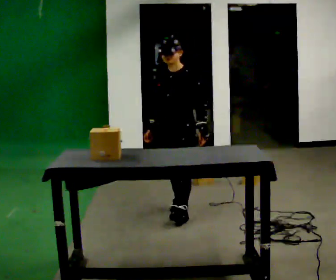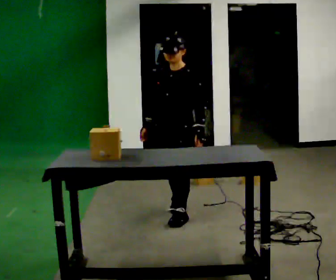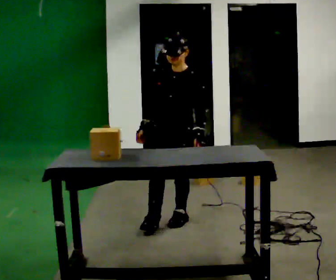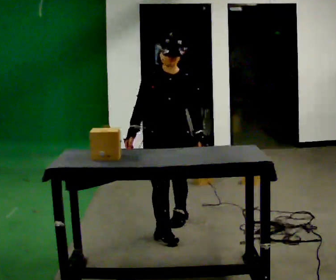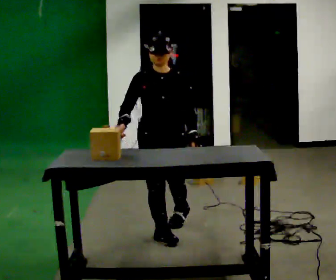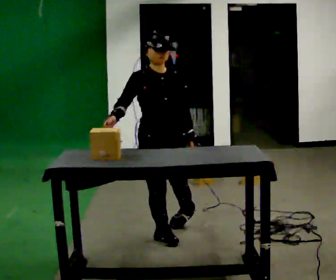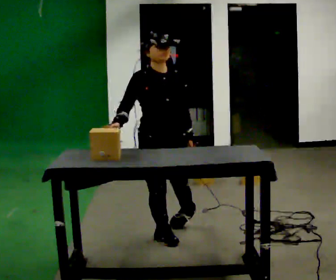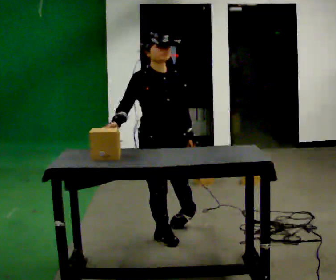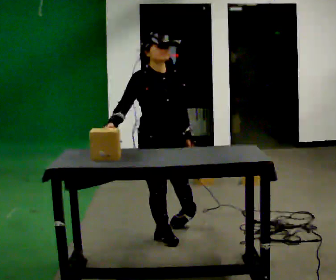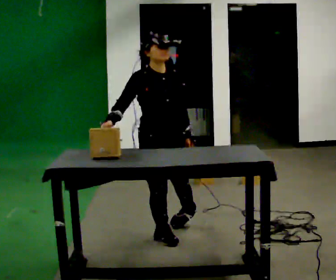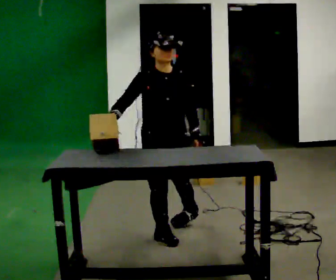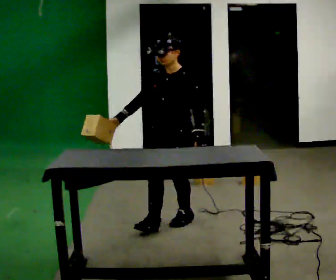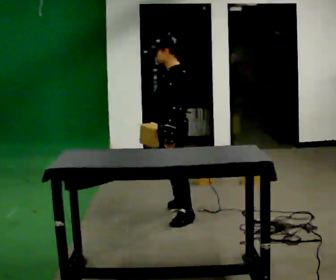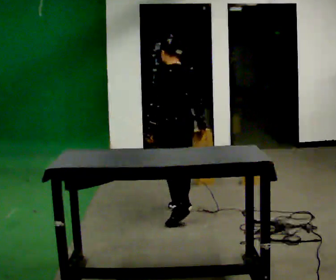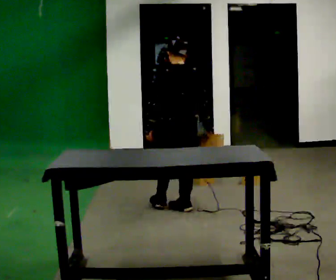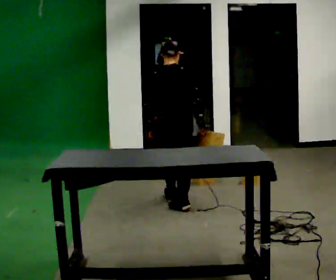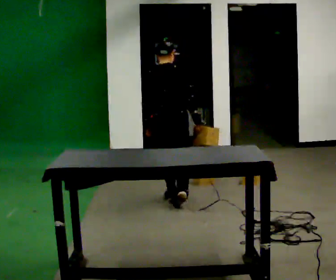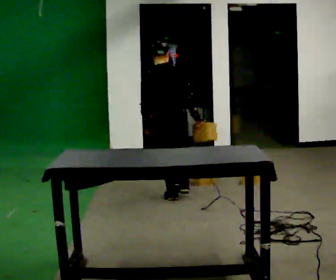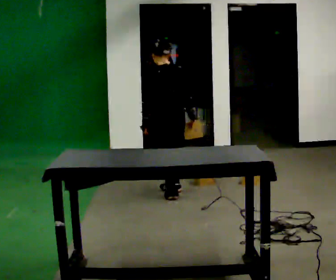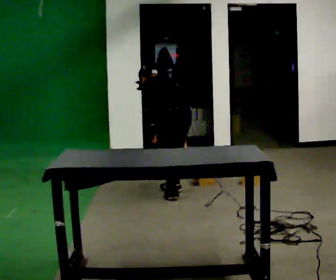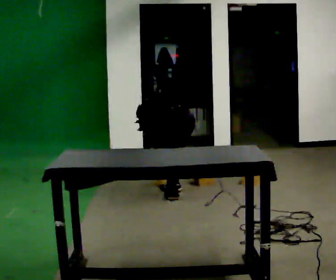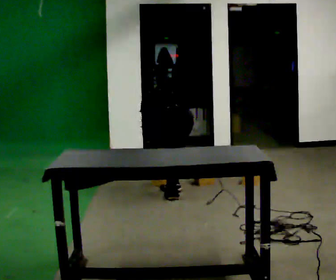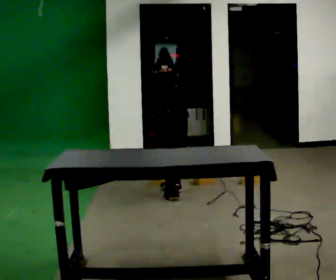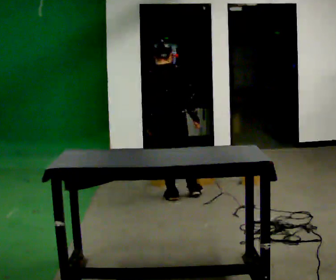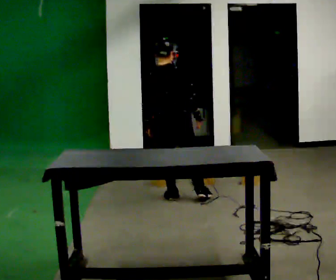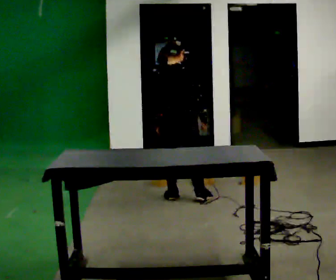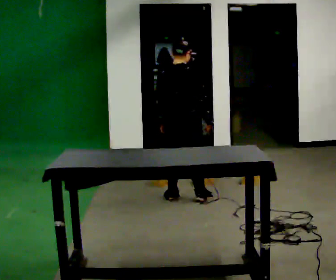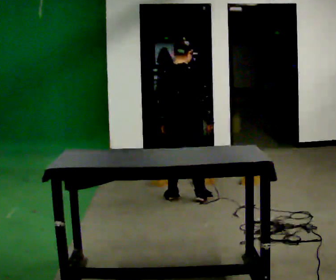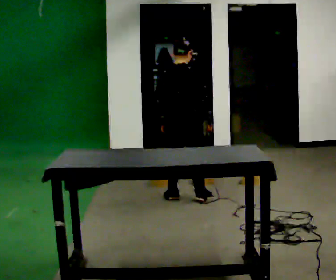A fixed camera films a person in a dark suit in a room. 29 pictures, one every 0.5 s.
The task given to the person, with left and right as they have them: Pick an object up off the floor at one end of the room, carry it across, and place it on the waist-height shelf at the other end. Keep going until the operator says stop; one object at a time, and do not rush between trips.
0.0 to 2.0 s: The part of the body nearest the lens slides to the right as the person turns to their left by about 45 degrees. In the picture they go toward the camera, about 0.75 m in 1 step, which for them is forward.
2.0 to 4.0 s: The person moves a little, or ends about where they began.
4.0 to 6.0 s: Seen from above the body turns clockwise, about 135 degrees: to their right, with its near side sliding to the left. In the picture they go away from the camera, about 0.5 m in 1 step.
6.0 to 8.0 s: Seen from above the body turns clockwise, about 90 degrees: to their right, with its near side sliding to the left. In the picture they go away from the camera, about 0.5 m in 1 step.
8.0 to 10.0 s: The person turns about 60 degrees to their left, counterclockwise seen from above, so the part of the body nearest the lens slides to the right. In the picture they go away from the camera, about 0.25 m in 1 step. The upper body goes downward. The upper body tips away from the camera, its near side rolling upward, as they bend forward. In the picture their right hand goes downward.
10.0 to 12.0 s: The person turns about 60 degrees to their right, clockwise seen from above, so the part of the body nearest the lens slides to the left. The shoulders move upward. The upper body tips toward the camera, its near side rolling downward, as they lean back or straighten. In the picture their right hand goes upward and to the right.
12.0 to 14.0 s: The person moves a little, or ends about where they began.
The film runs forward here.
